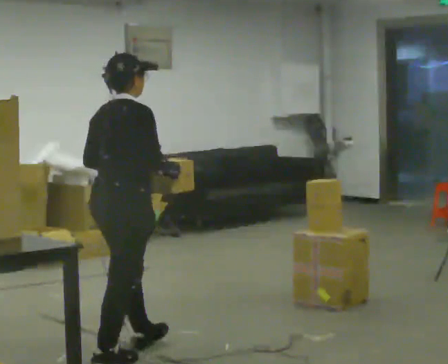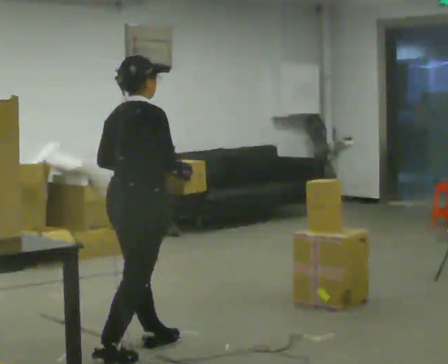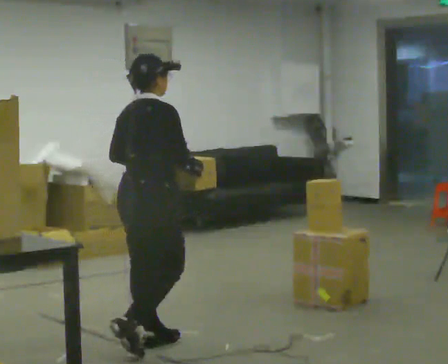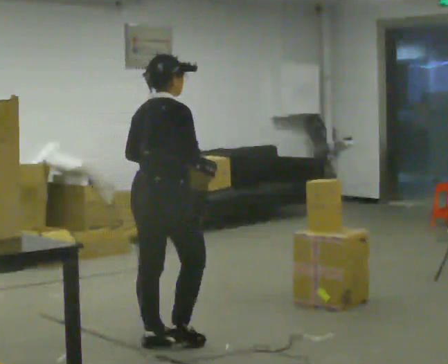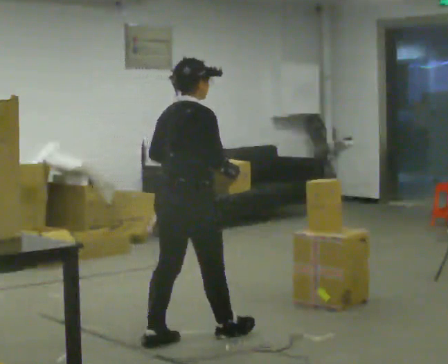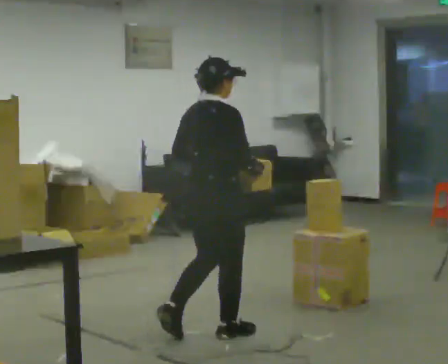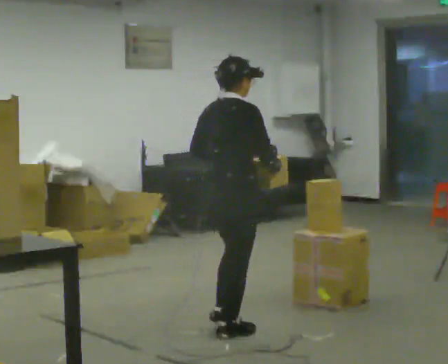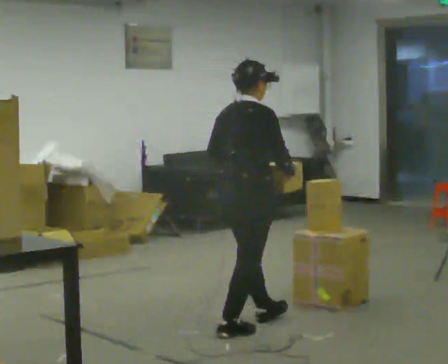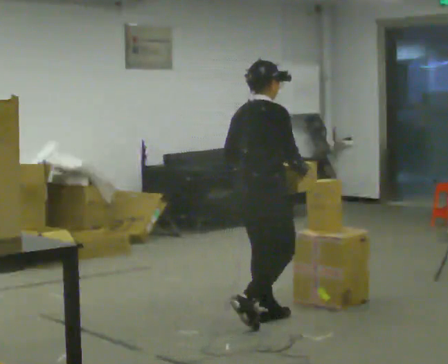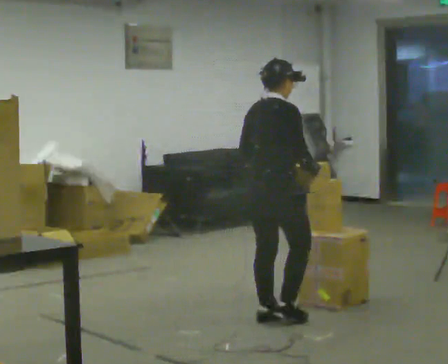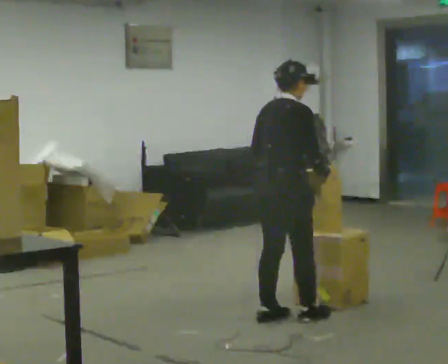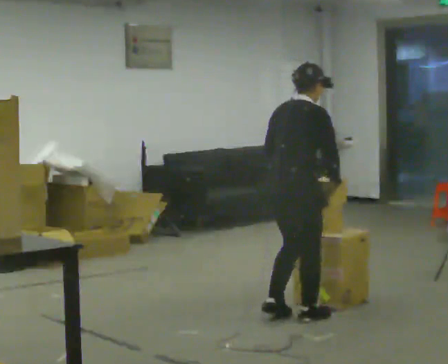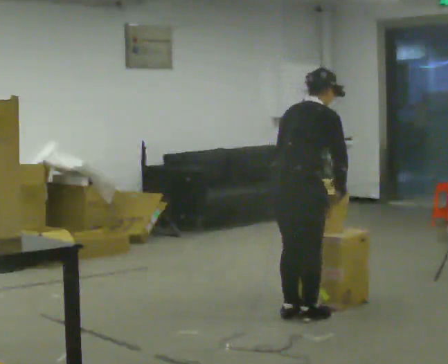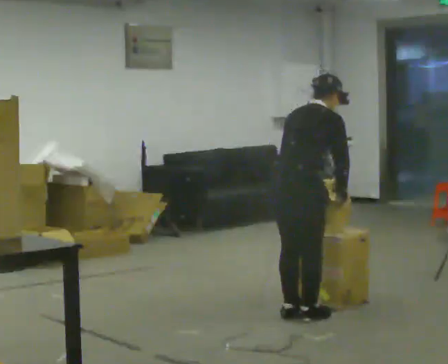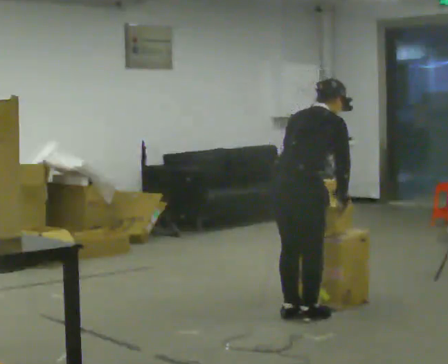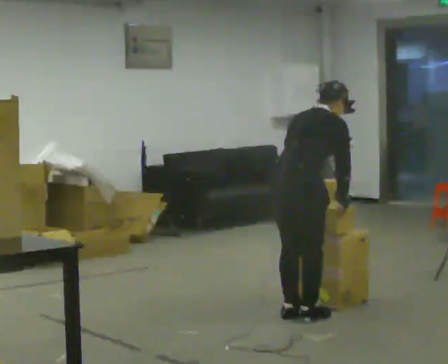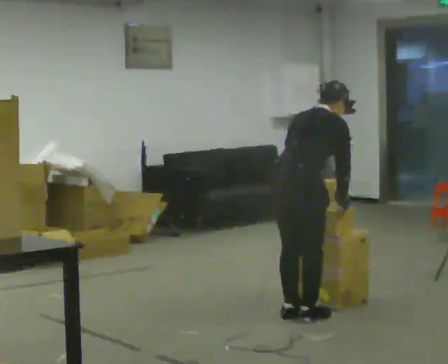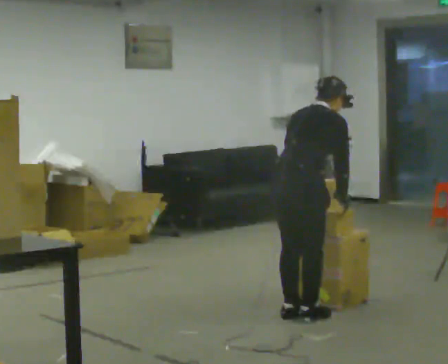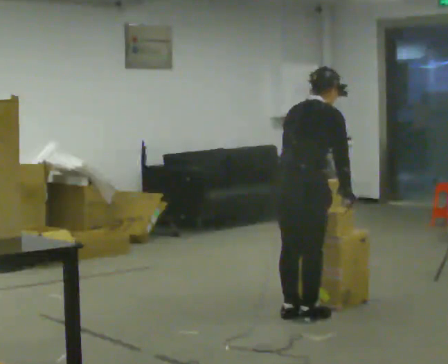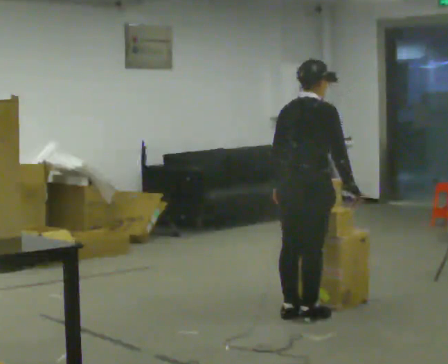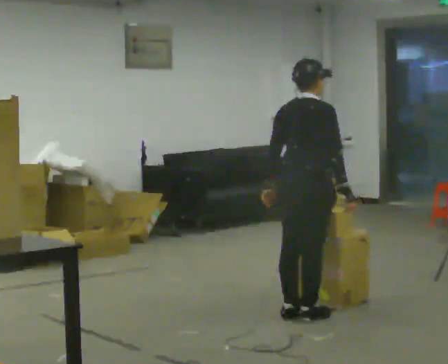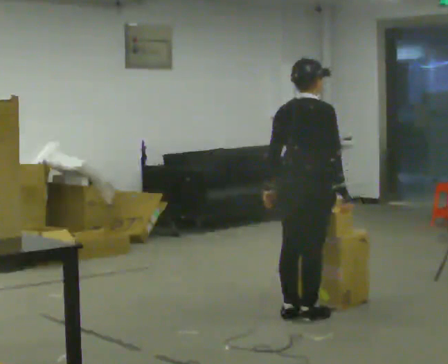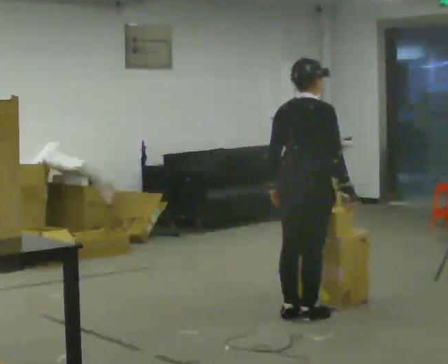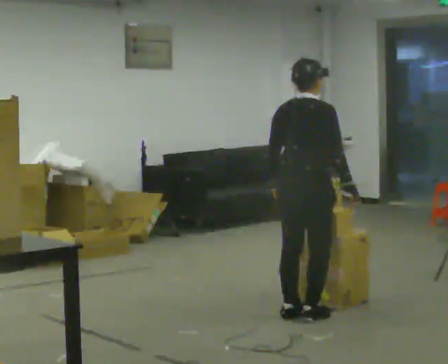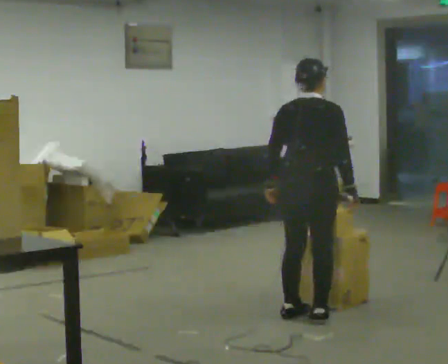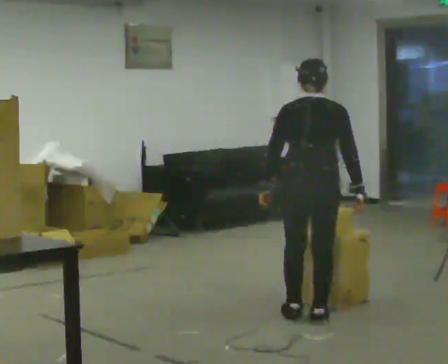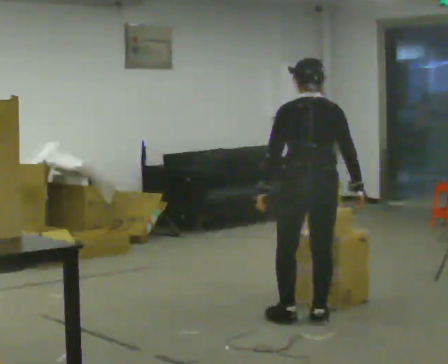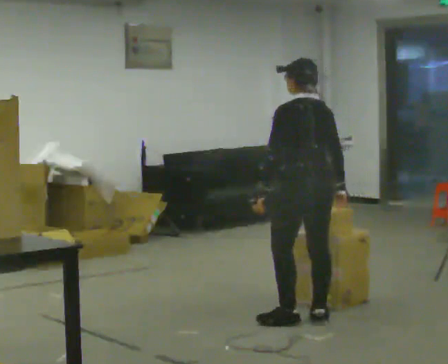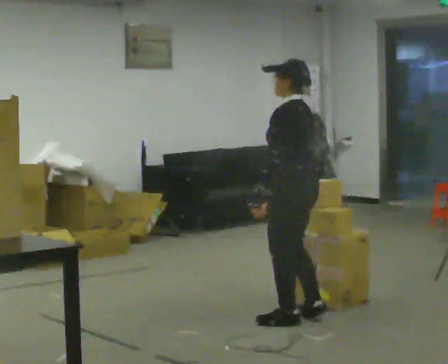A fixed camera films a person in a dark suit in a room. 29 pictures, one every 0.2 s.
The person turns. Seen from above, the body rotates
counterclockwise.
The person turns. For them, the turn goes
to their left.
0.0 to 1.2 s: In the picture they go away from the camera and to the right, about 1 m in 2 steps, which for them is forward.
1.2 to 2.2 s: In the picture they go away from the camera and to the right, about 0.5 m in 2 steps, which for them is forward.
2.2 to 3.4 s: The person moves a little, or ends about where they began.
3.4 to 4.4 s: The upper body tips toward the camera, its near side rolling downward, as they lean back or straighten.
4.4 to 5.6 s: The person turns about 105 degrees to their left, counterclockwise seen from above, so the part of the body nearest the lens slides to the right.
The film runs forward here.
